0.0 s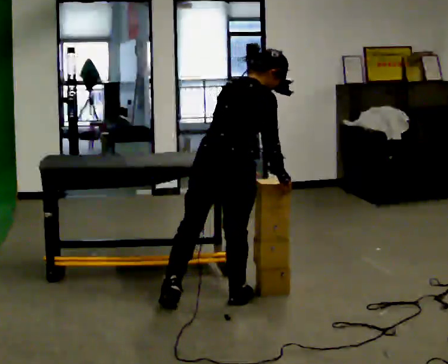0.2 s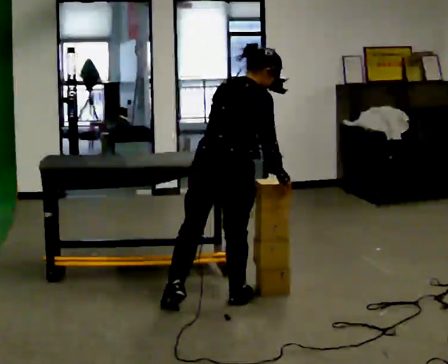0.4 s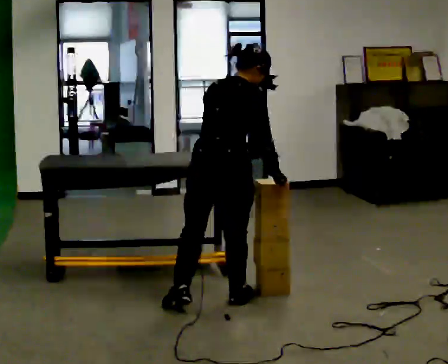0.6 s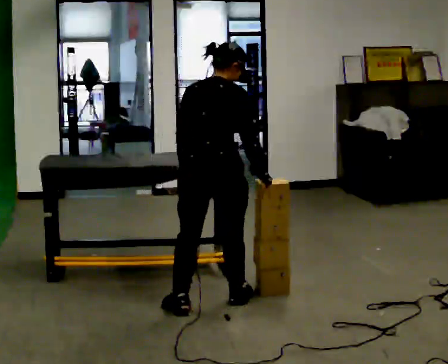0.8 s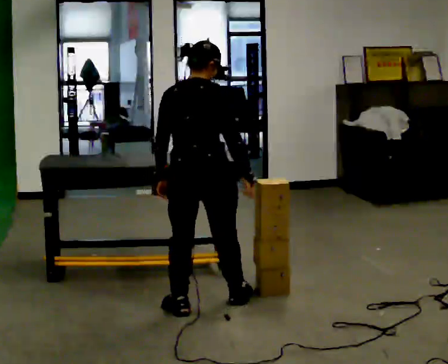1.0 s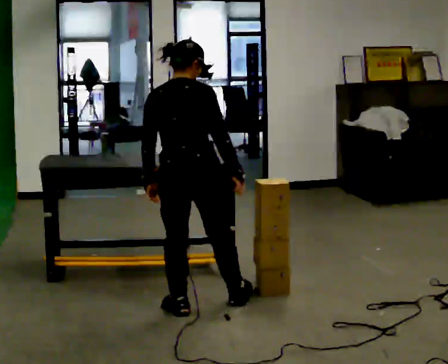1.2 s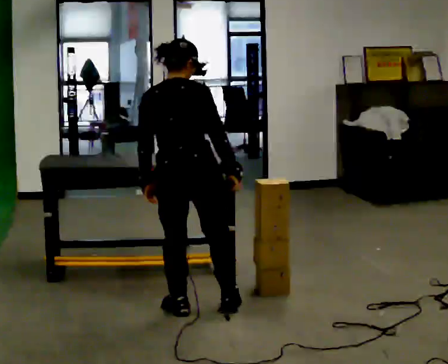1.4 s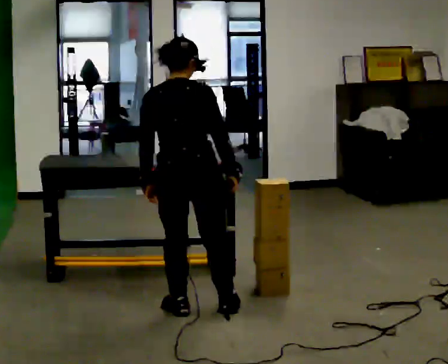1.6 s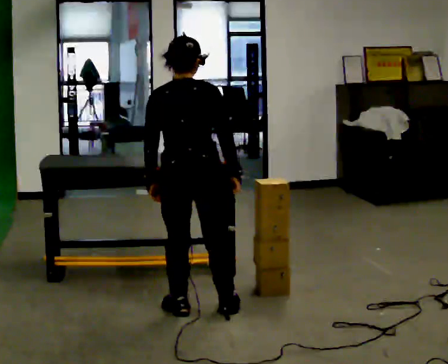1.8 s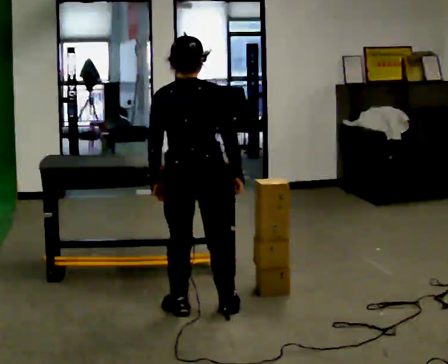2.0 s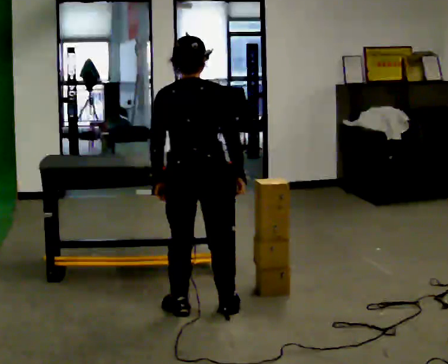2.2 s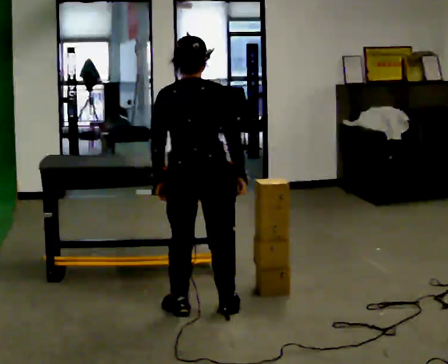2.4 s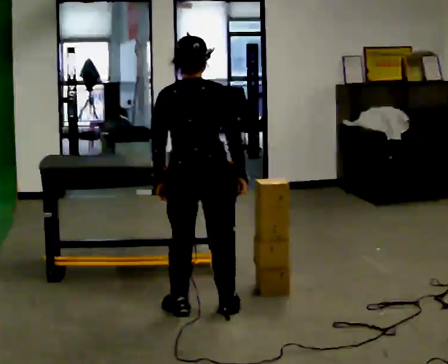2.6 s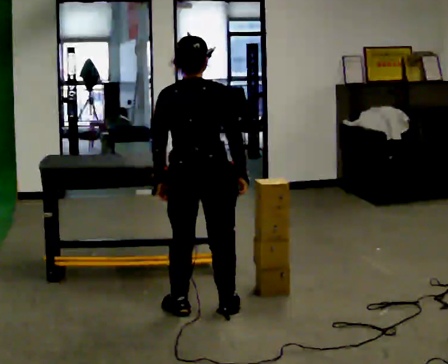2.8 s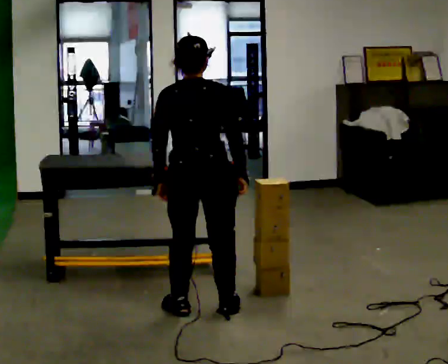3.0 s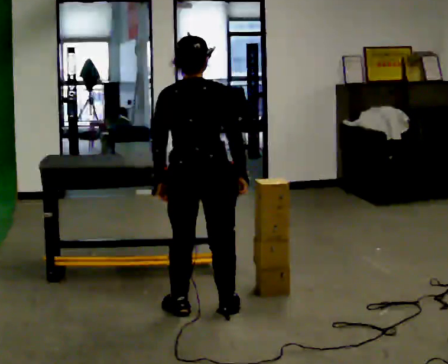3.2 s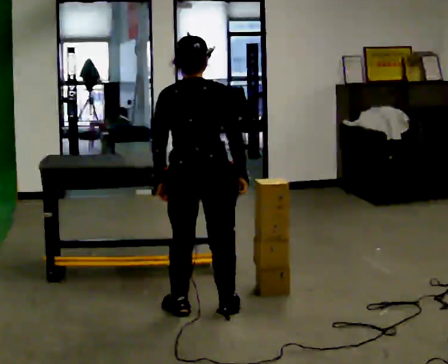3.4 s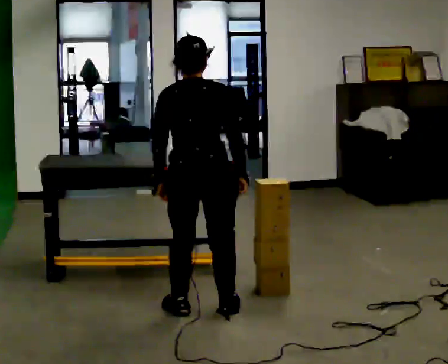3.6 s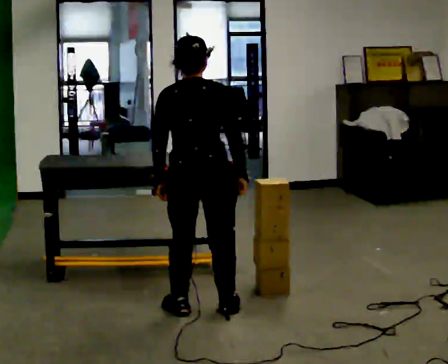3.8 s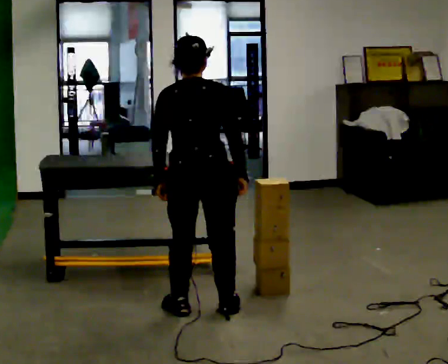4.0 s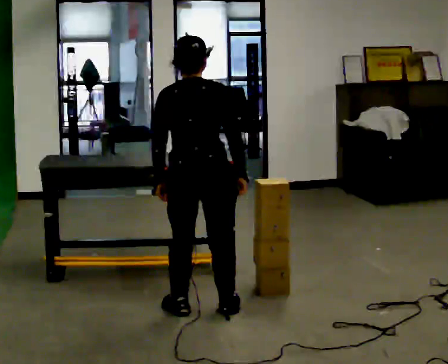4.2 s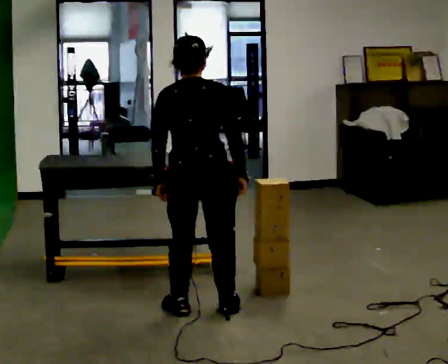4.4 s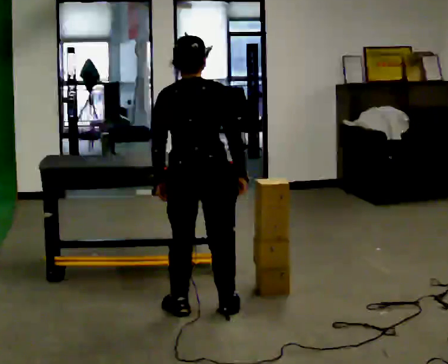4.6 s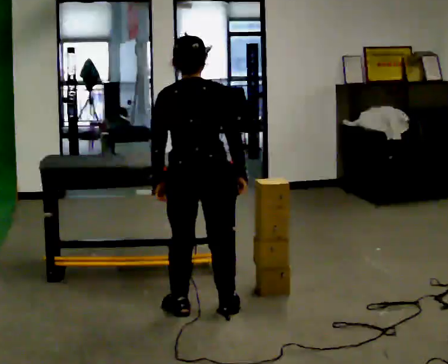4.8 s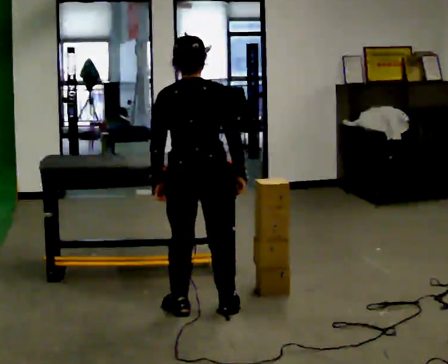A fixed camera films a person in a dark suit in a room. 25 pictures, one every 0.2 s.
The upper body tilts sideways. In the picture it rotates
counterclockwise.
0.0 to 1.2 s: In the picture they go to the left, about 0.25 m, which for them is to their left and backward. In the picture the upper body tilts counterclockwise, shoulders to the left, as they lean back or straighten. In the picture their left hand goes to the left.
1.2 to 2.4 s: The person moves a little, or ends about where they began.
2.4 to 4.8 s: The person keeps their place and pose.
The film runs backward here.
